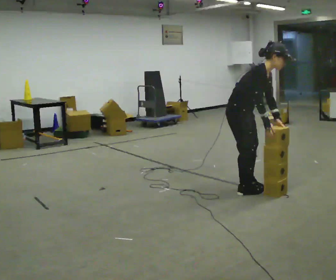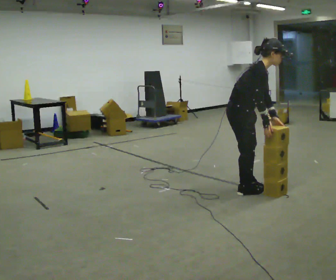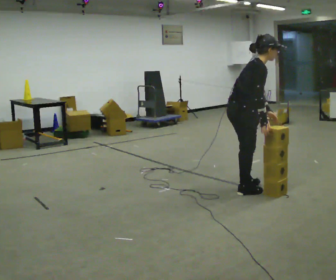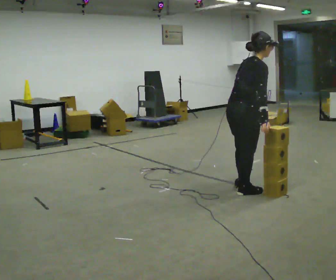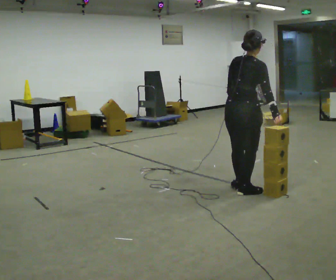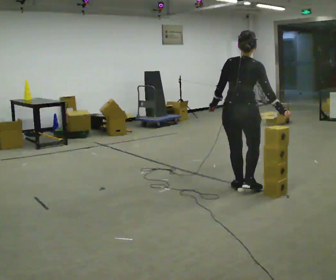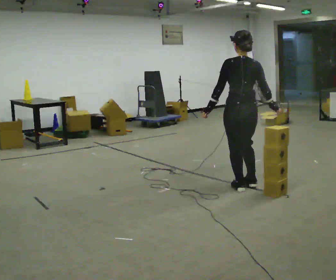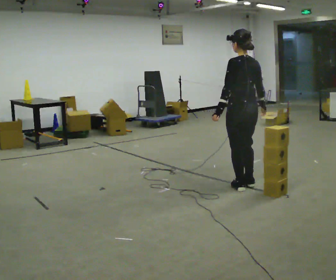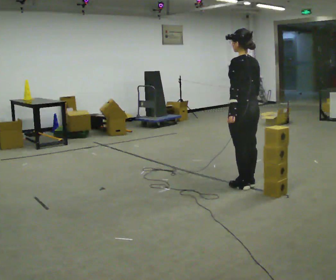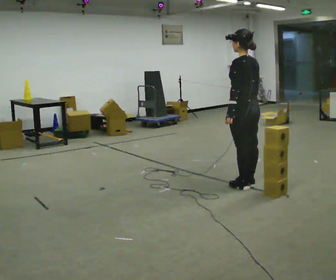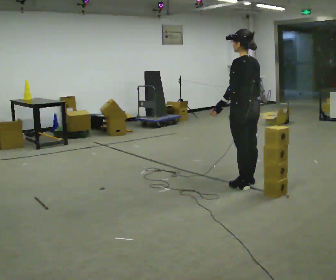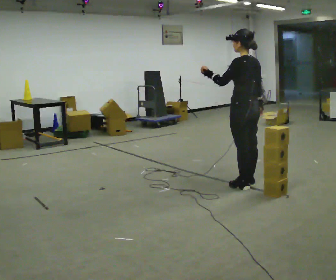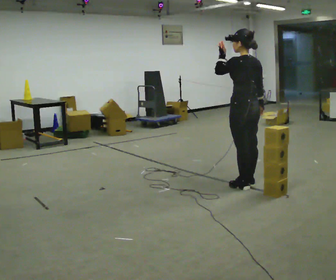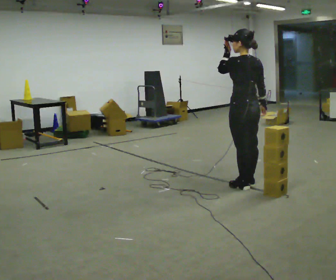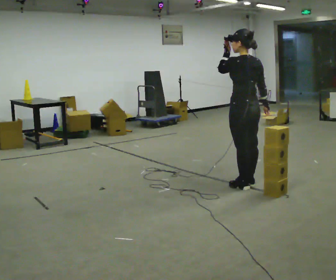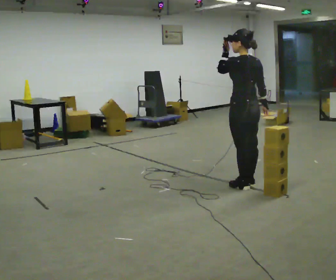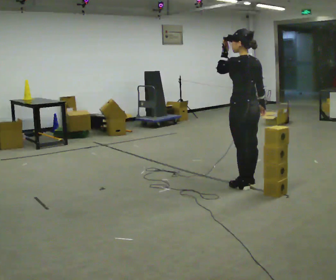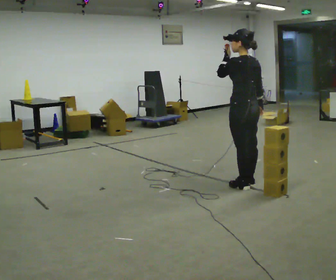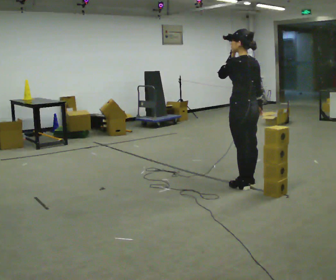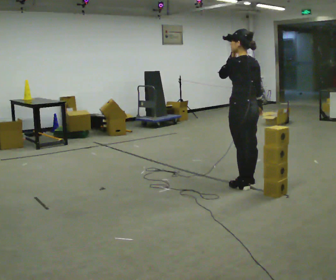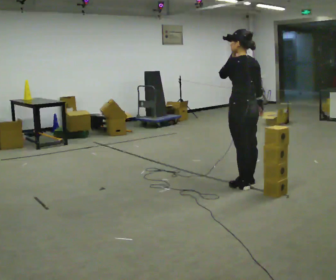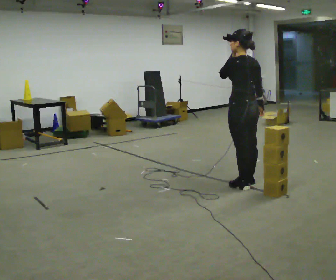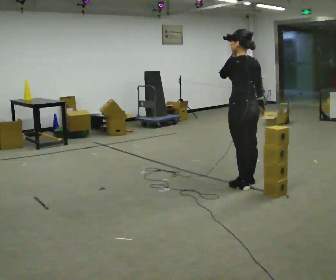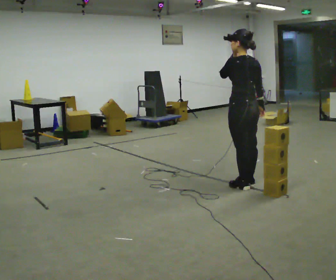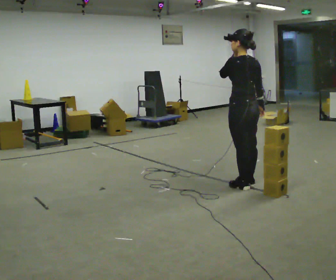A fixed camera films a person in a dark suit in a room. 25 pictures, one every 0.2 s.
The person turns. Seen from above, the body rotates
counterclockwise.
The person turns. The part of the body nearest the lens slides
to the right.
0.0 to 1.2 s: The person turns about 135 degrees to their left, counterclockwise seen from above, so the part of the body nearest the lens slides to the right. In the picture the upper body tilts counterclockwise, shoulders to the left, as they lean back or straighten. In the picture their left hand goes to the left, the arm swinging clockwise.
1.2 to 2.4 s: In the picture their left hand goes upward.
2.4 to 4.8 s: The person moves a little, or ends about where they began.
The film runs forward here.
